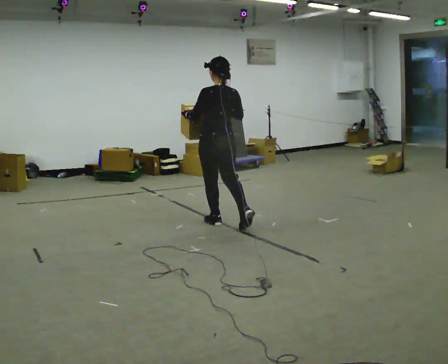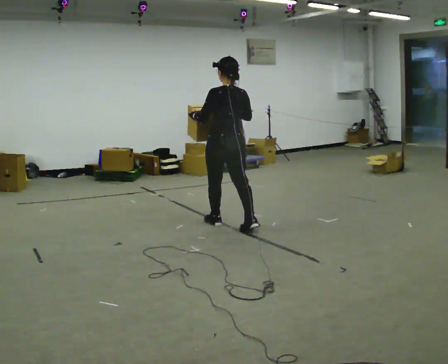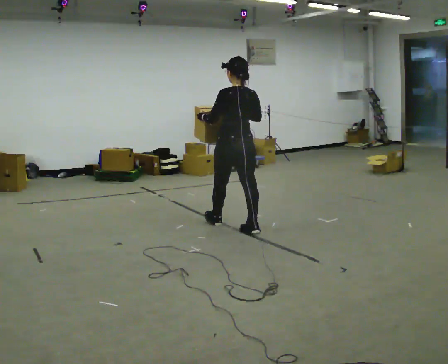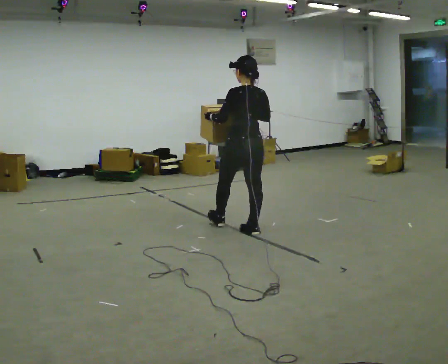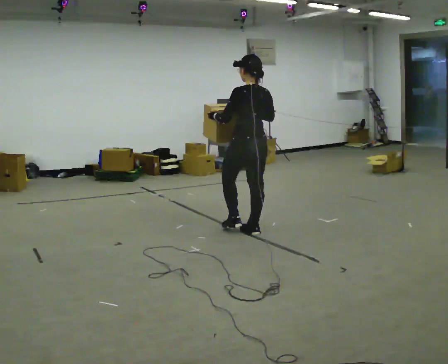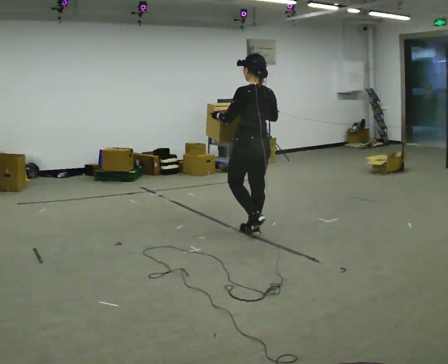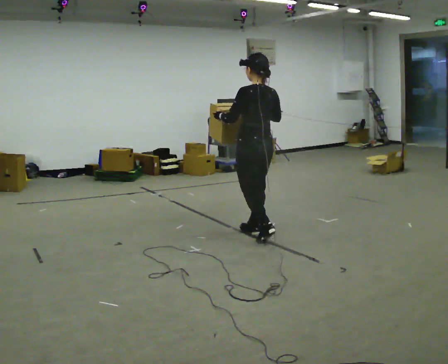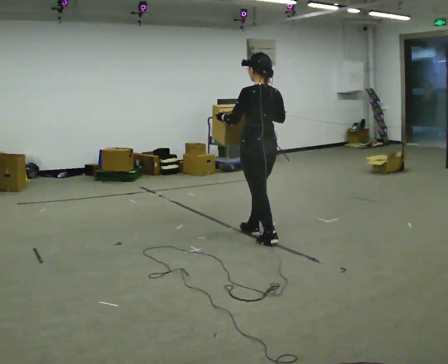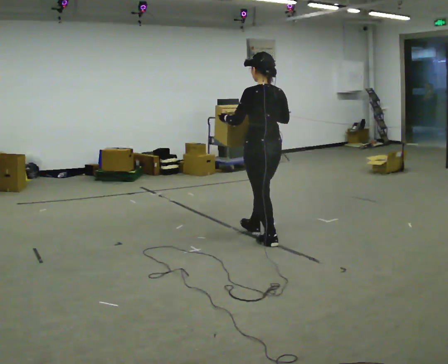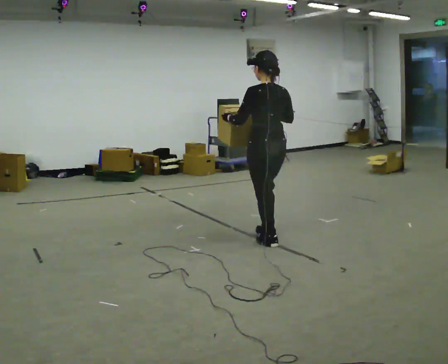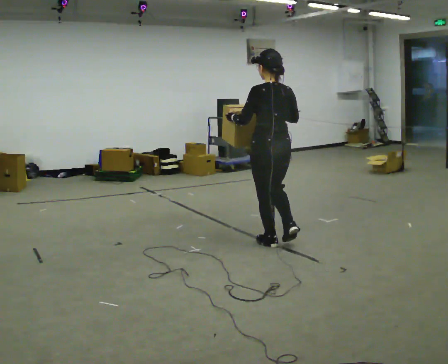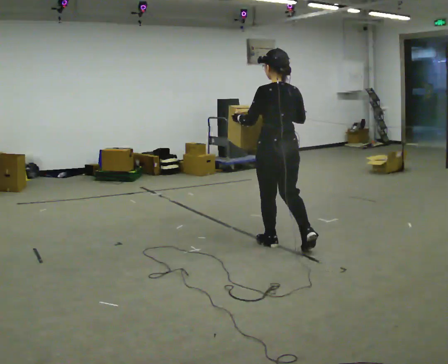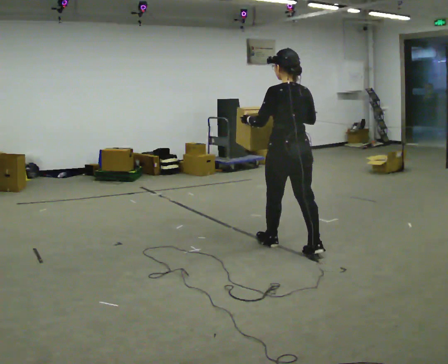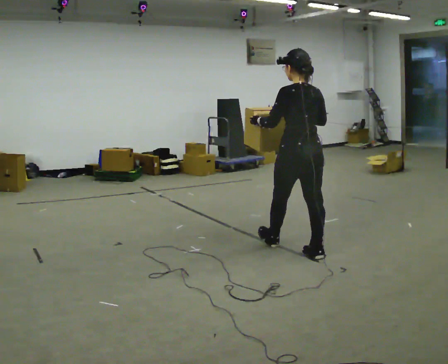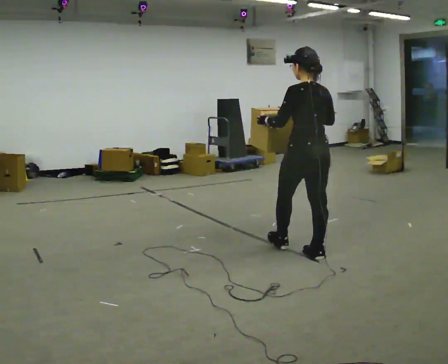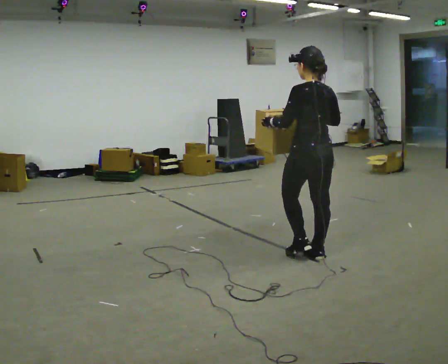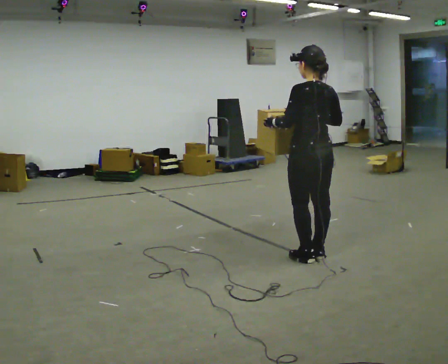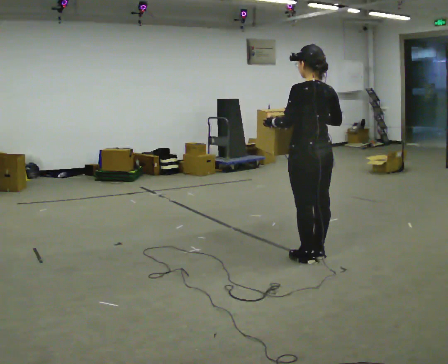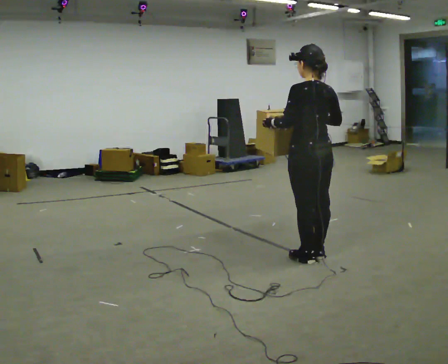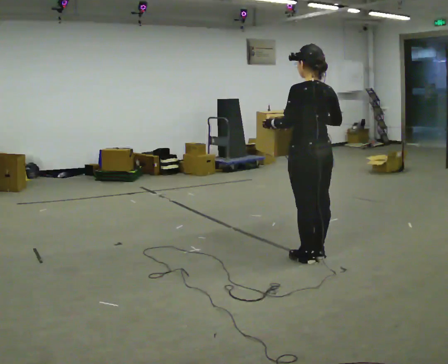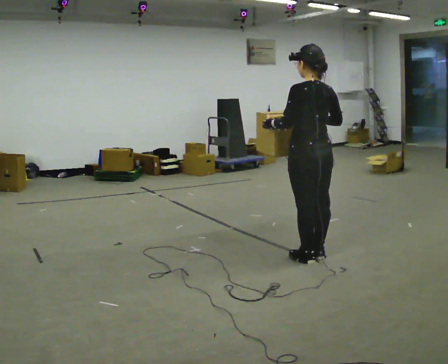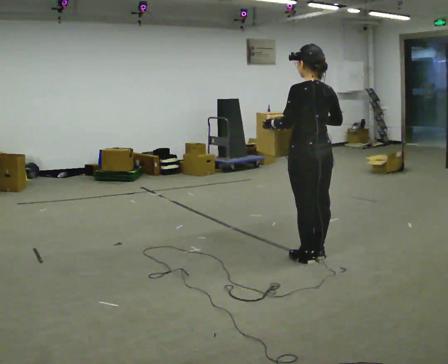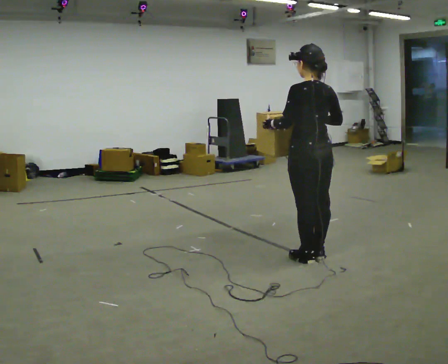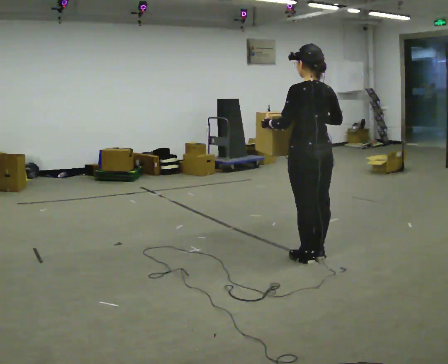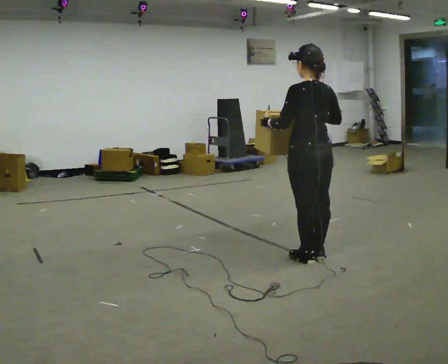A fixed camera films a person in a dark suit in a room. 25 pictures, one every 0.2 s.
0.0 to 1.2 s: In the picture they go to the right and toward the camera, about 0.5 m in 1 step, which for them is backward.
1.2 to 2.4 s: In the picture they go toward the camera and to the right, about 0.5 m in 1 step, which for them is backward.
2.4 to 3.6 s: In the picture they go to the right and toward the camera, about 0.25 m in 1 step, which for them is backward.
3.6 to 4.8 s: The person keeps their place and pose.
The film runs backward here.
